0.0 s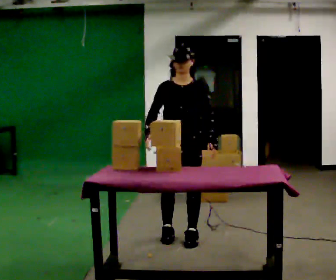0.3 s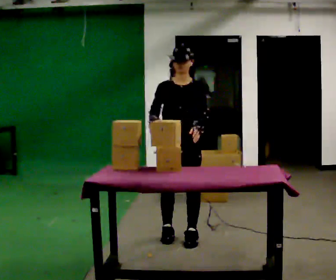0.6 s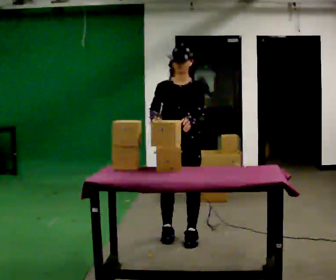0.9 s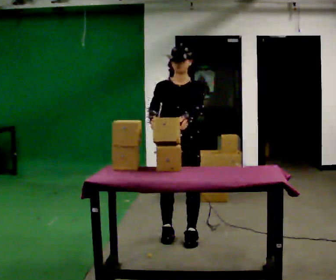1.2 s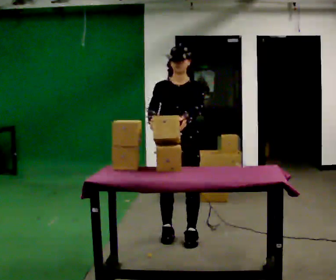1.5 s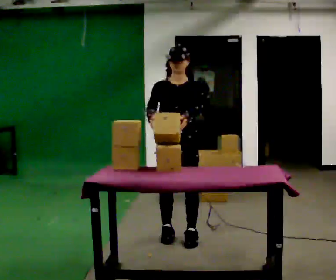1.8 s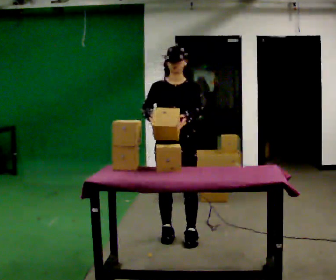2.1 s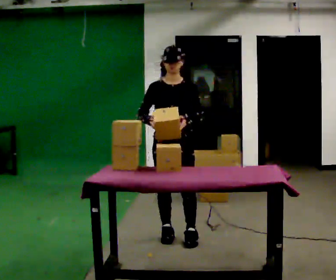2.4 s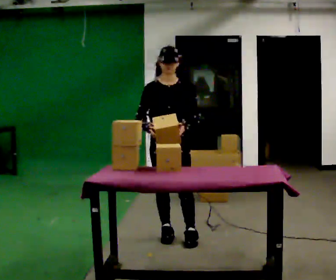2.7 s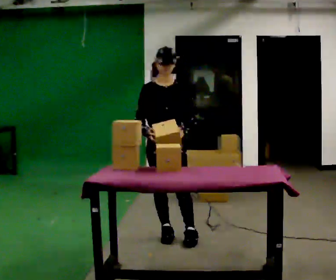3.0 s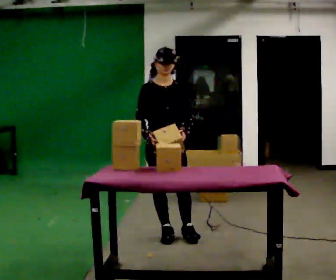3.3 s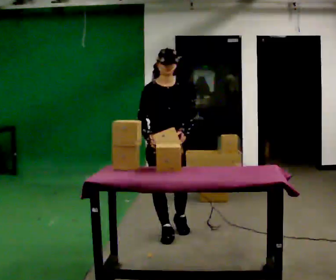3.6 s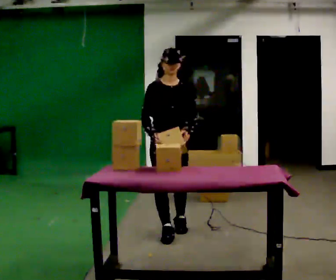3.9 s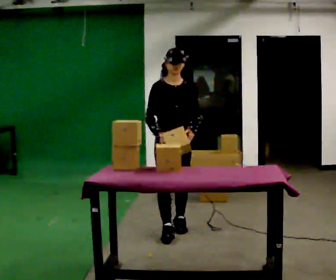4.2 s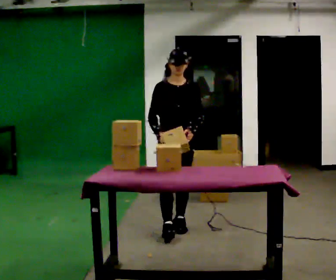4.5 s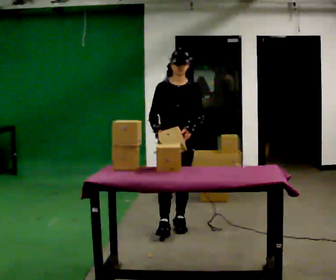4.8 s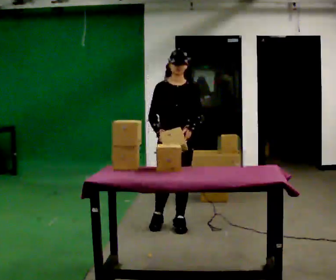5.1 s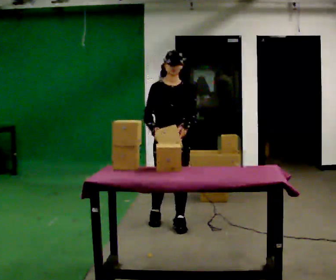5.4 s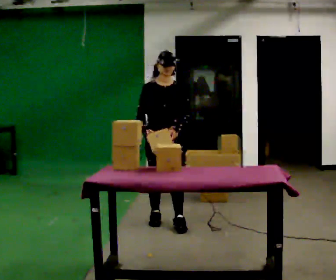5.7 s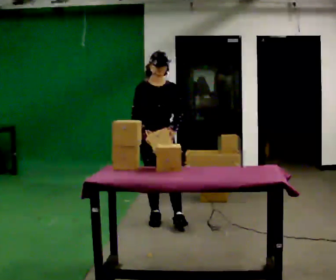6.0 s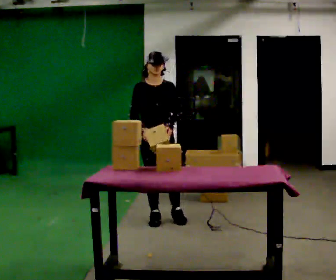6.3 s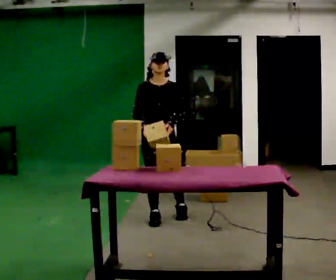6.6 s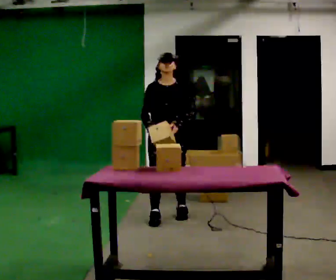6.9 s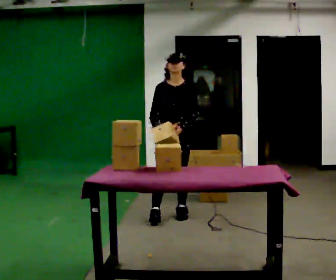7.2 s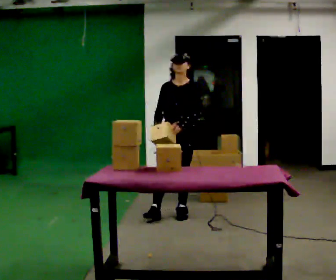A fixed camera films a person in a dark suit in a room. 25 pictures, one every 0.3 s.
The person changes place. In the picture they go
away from the camera.
0.0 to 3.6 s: In the picture they go away from the camera, about 0.25 m in 1 step, which for them is backward and to their right.
3.6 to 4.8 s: In the picture they go away from the camera, about 0.25 m in 1 step, which for them is backward.
4.8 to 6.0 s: In the picture they go away from the camera and to the left, about 0.25 m in 1 step, which for them is backward and to their right.
6.0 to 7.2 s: Seen from above the body turns clockwise, about 30 degrees: to their right, with its near side sliding to the left. In the picture they go away from the camera and to the right, about 0.25 m in 1 step, which for them is backward and to their left.
The film runs backward here.
